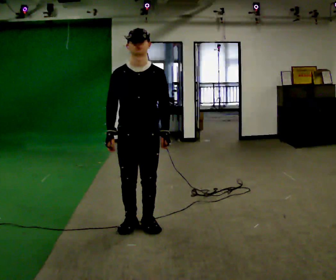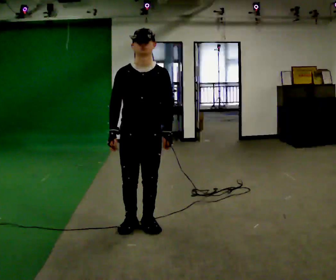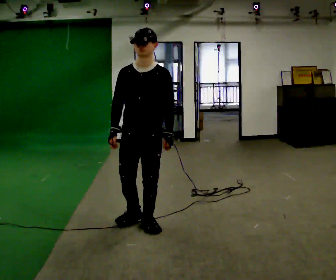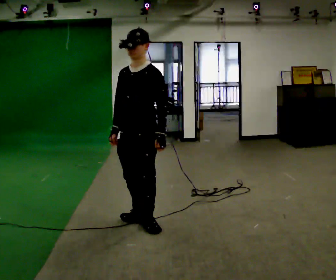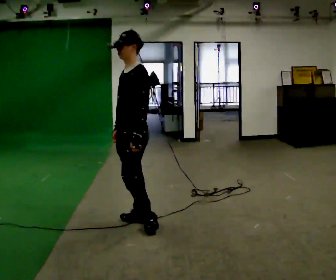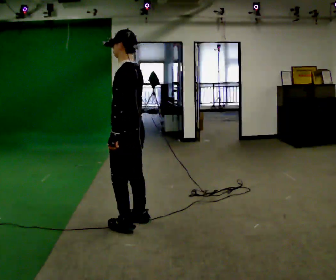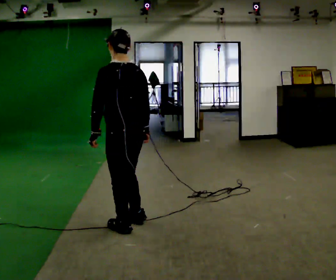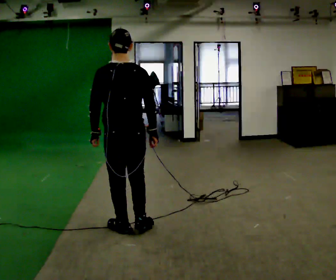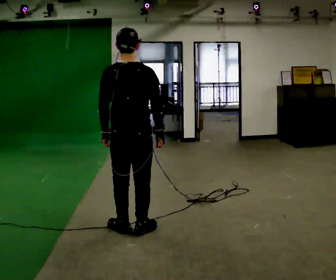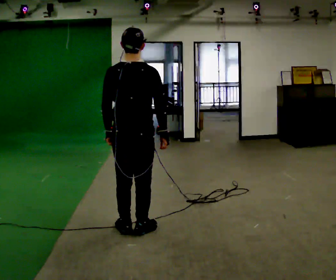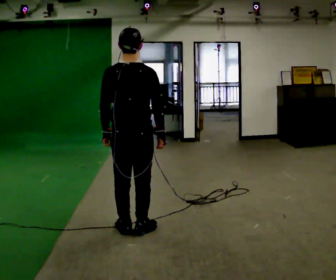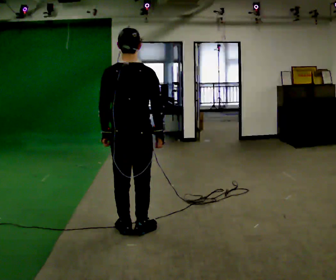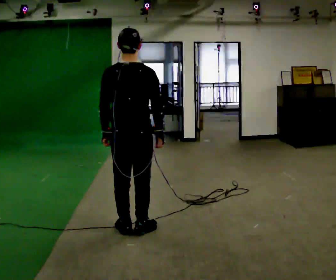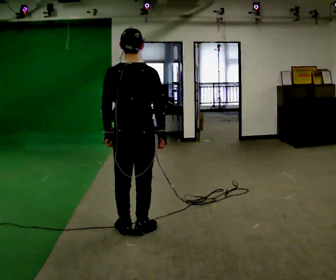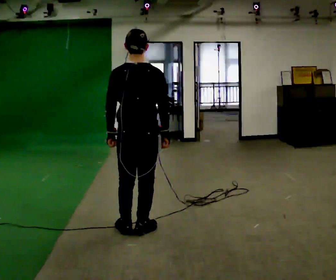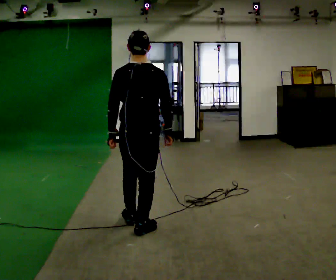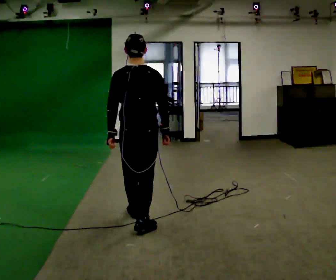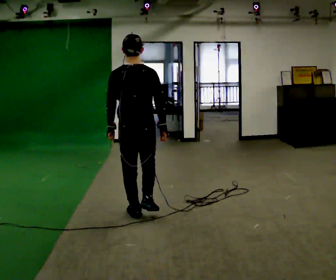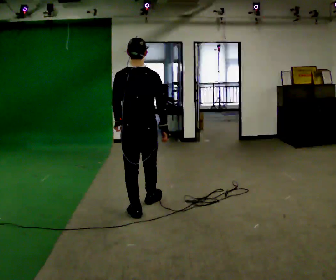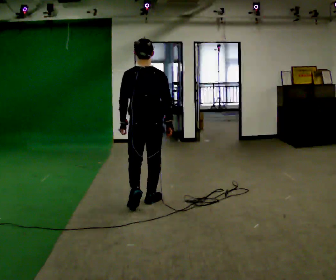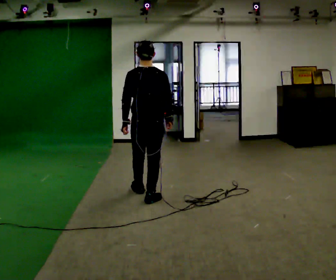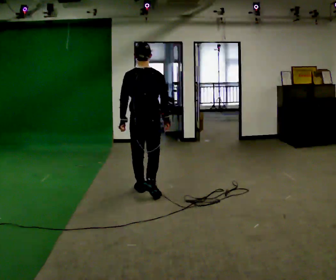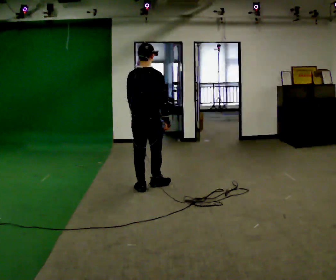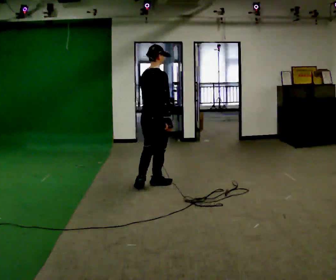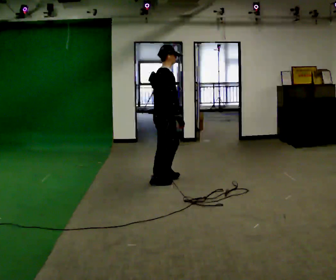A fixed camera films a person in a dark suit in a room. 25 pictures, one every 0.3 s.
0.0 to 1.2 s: The person turns about 75 degrees to their right, clockwise seen from above, so the part of the body nearest the lens slides to the left.
1.2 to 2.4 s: The person turns about 120 degrees to their right, clockwise seen from above, so the part of the body nearest the lens slides to the left. In the picture they go toward the camera, about 0.25 m in 2 steps. In the picture their right hand goes to the right, the arm swinging counterclockwise.
2.4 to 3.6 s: The person moves a little, or ends about where they began.
3.6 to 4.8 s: In the picture they go away from the camera, about 0.25 m in 1 step, which for them is forward.
4.8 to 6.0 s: In the picture they go away from the camera, about 0.5 m in 1 step, which for them is forward.
6.0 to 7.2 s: The person turns about 90 degrees to their right, clockwise seen from above, so the part of the body nearest the lens slides to the left. In the picture they go away from the camera, about 0.75 m in 2 steps.
The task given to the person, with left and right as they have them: Walk; turn 90° left/right; walk several steps; stop.
The film runs forward here.
